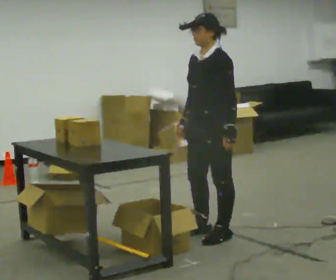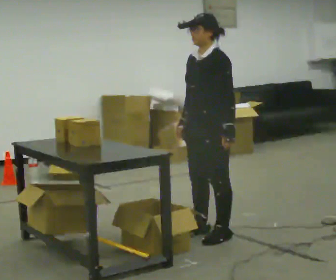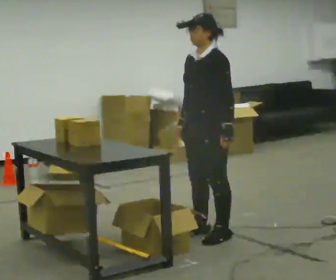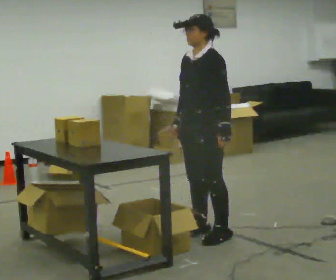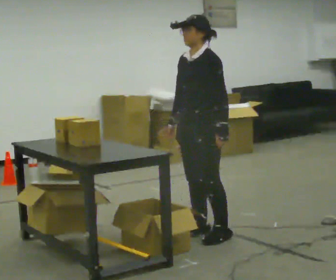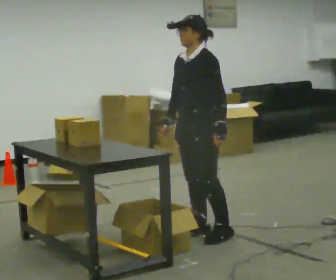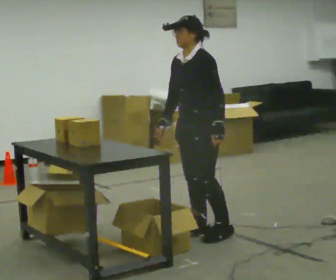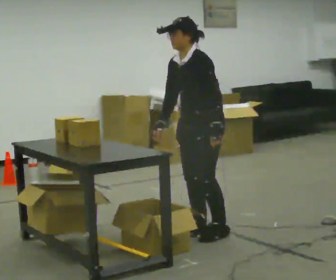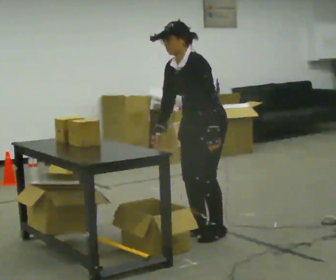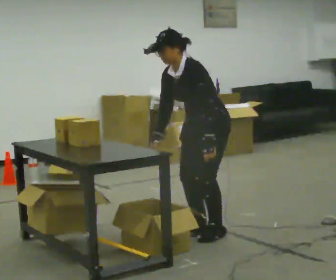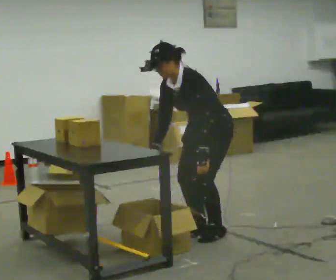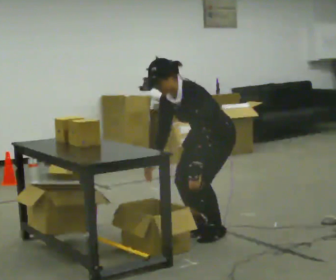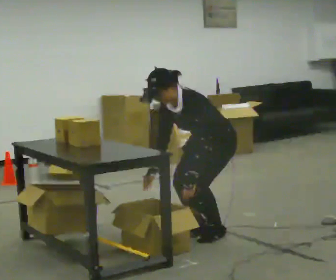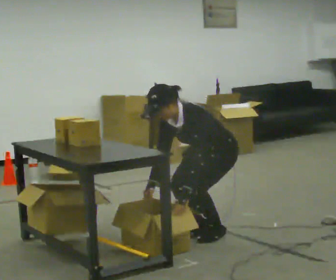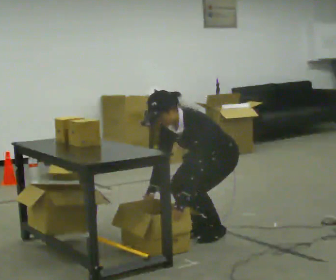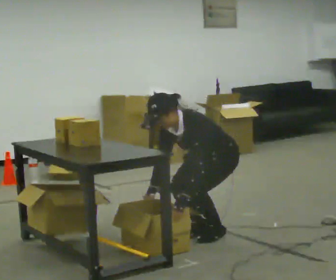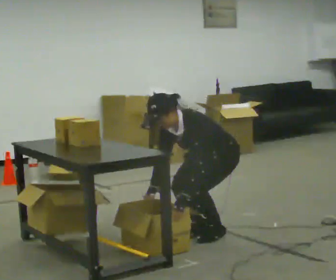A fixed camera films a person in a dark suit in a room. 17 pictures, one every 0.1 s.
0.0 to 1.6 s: The upper body goes downward. In the picture the upper body tilts counterclockwise, shoulders to the left, as they bend forward. In the picture their right hand goes downward.
The film runs backward here.
